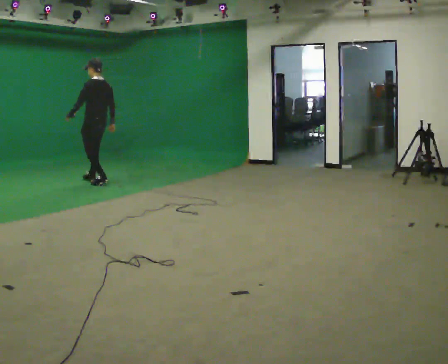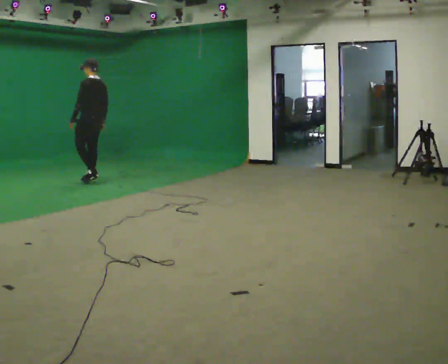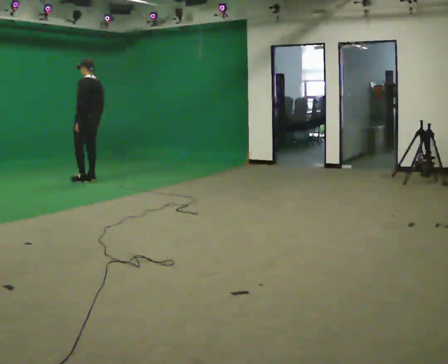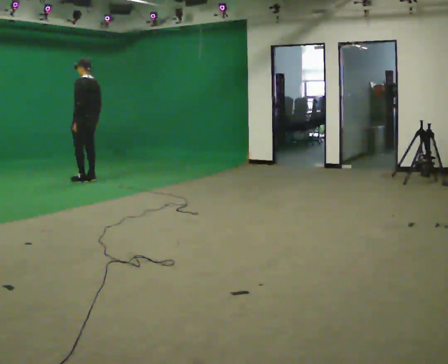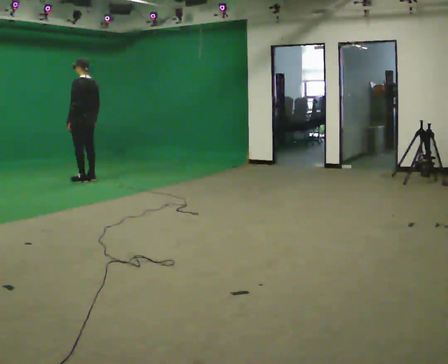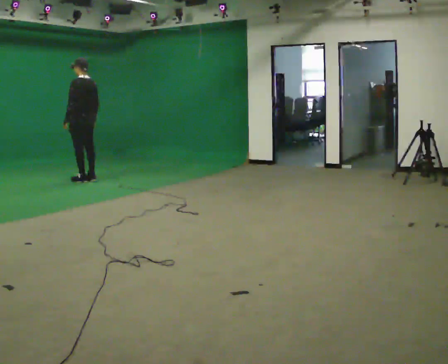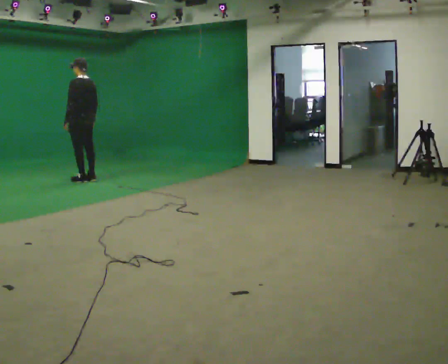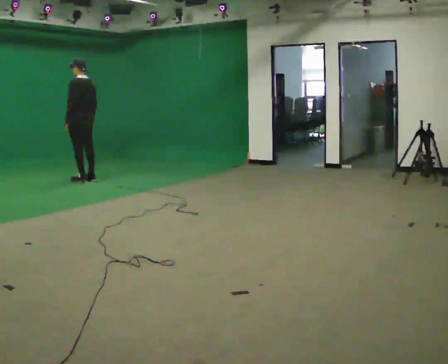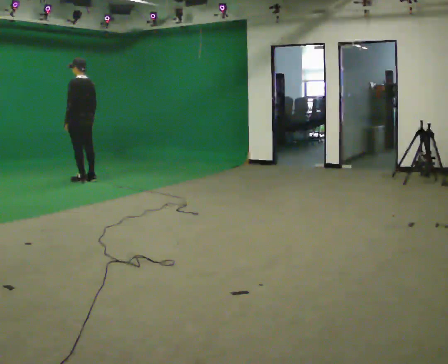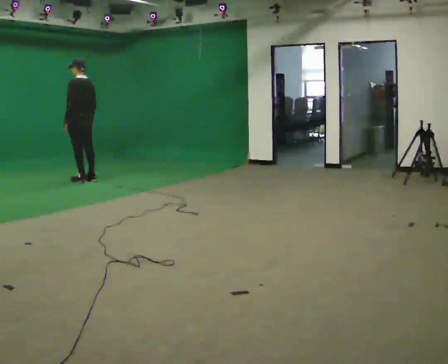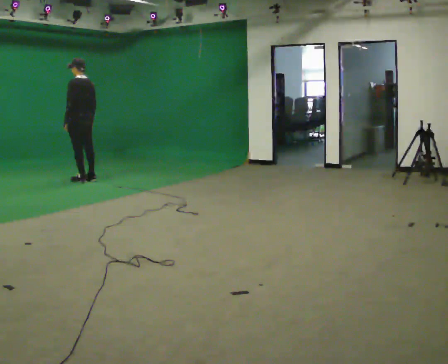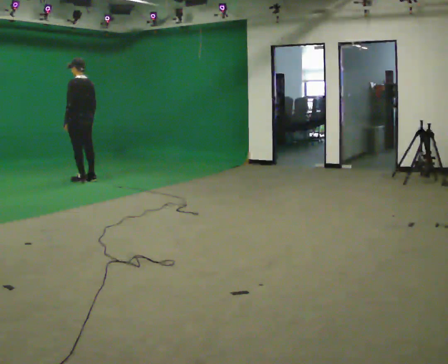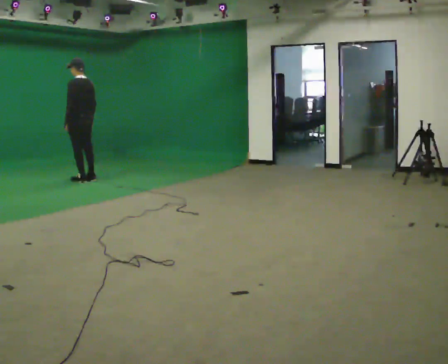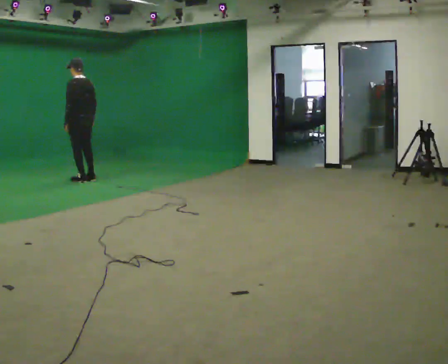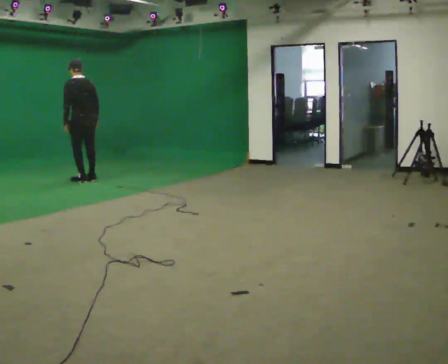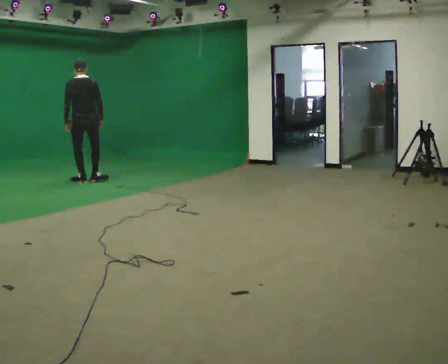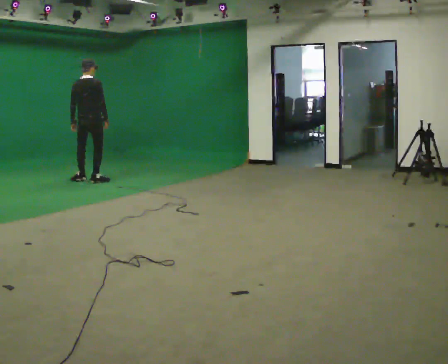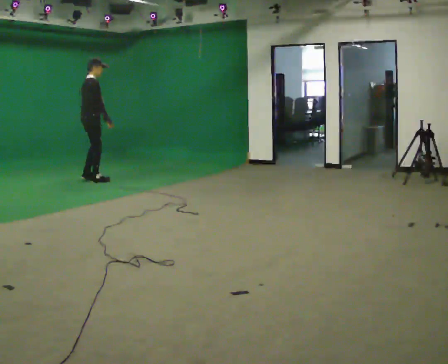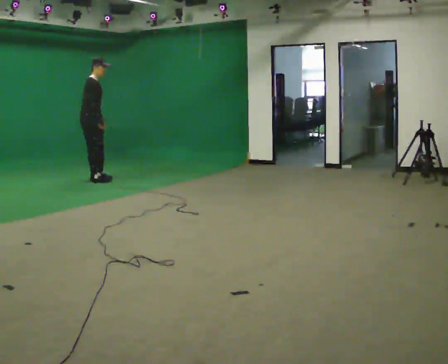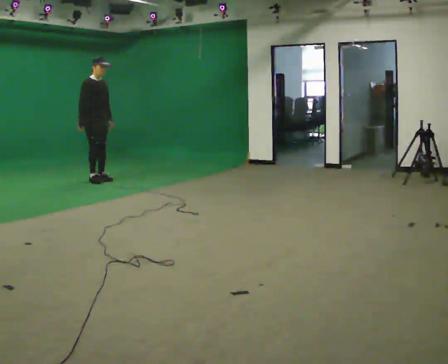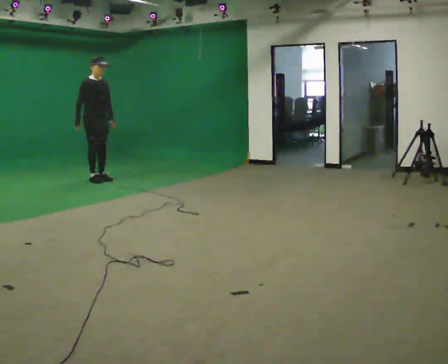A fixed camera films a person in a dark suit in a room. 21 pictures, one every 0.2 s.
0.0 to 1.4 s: In the picture they go to the left and away from the camera, about 0.25 m in 1 step, which for them is forward.
1.4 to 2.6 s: The person moves a little, or ends about where they began.
2.6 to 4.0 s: The part of the body nearest the lens slides to the left as the person turns to their right by about 180 degrees. In the picture their left hand goes to the right, the arm swinging counterclockwise.
The film runs forward here.
